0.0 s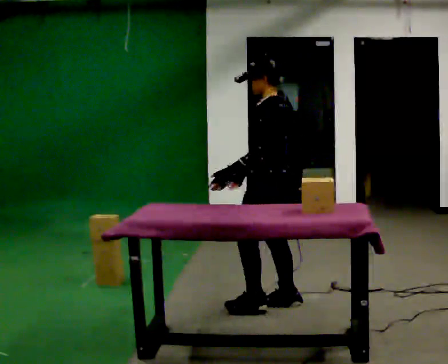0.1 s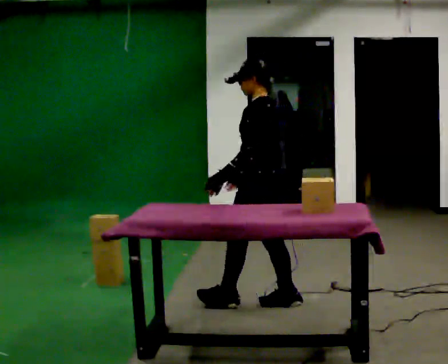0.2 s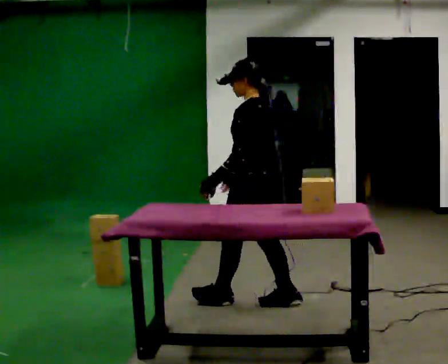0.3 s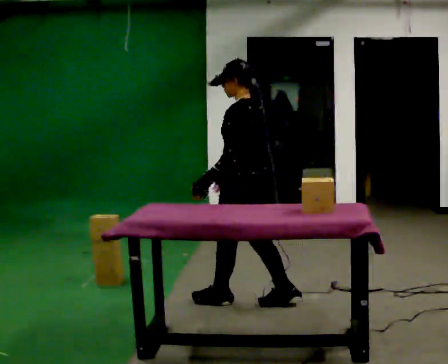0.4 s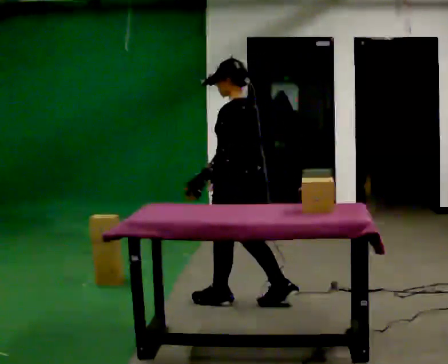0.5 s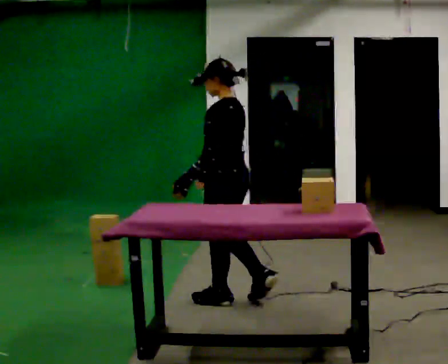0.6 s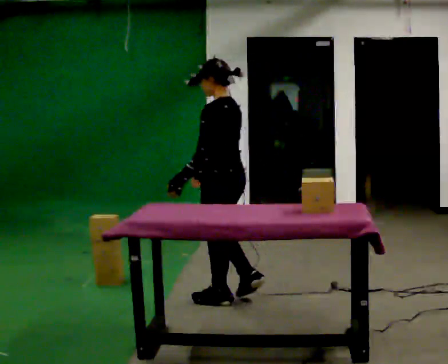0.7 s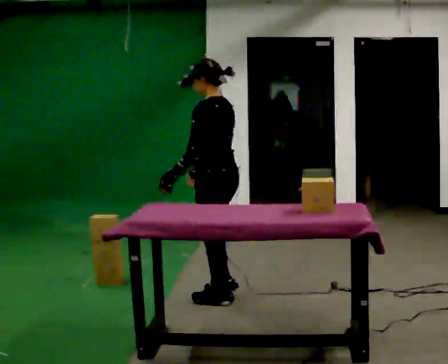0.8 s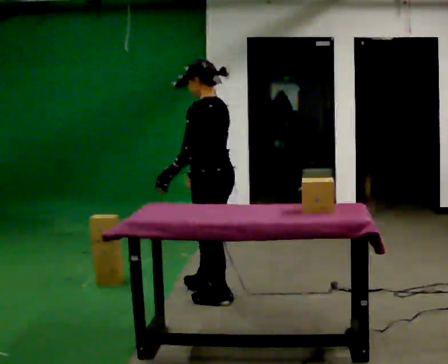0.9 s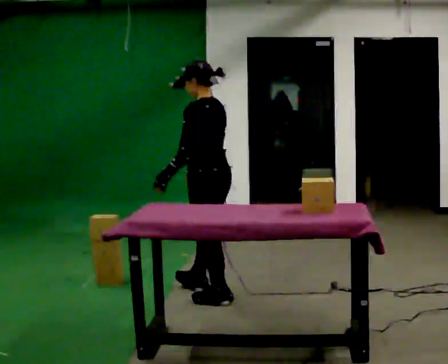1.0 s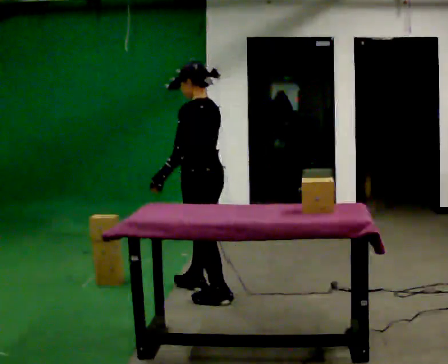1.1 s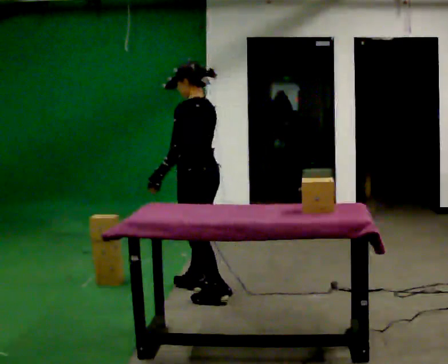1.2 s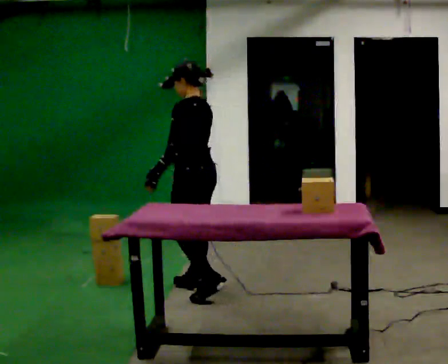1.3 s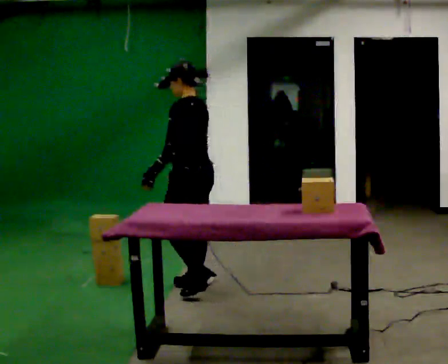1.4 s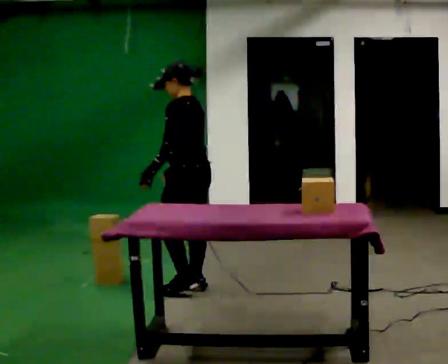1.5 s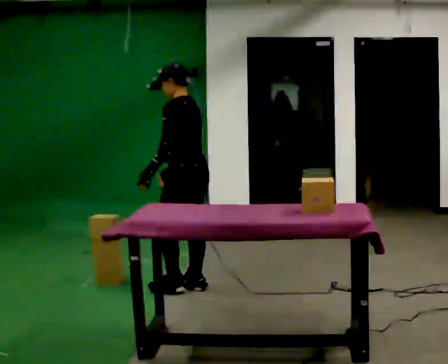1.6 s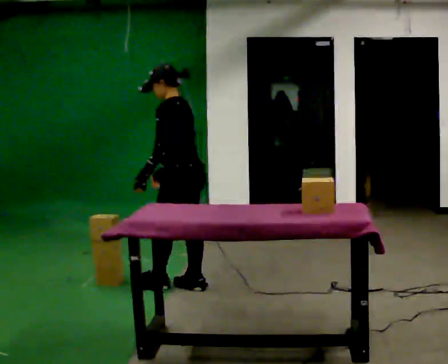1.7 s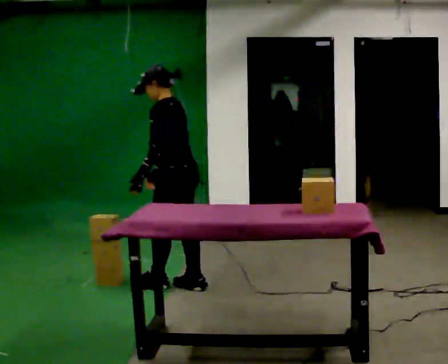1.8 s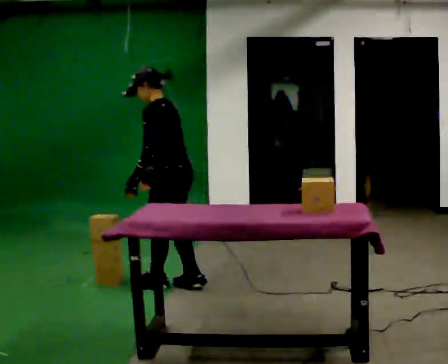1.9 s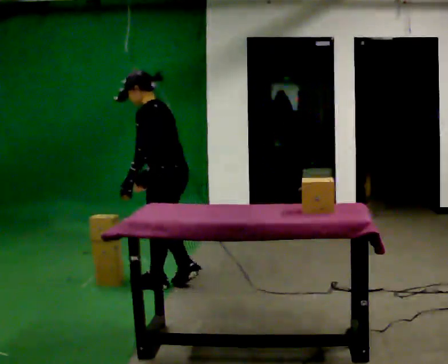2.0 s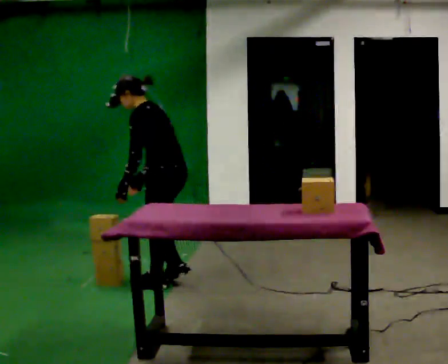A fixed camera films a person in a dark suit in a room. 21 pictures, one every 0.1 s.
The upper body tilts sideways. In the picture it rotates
counterclockwise.
0.0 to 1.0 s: In the picture they go to the left and away from the camera, about 0.5 m in 2 steps, which for them is forward.
1.0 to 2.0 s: In the picture they go to the left and away from the camera, about 0.25 m in 1 step, which for them is forward. In the picture the upper body tilts counterclockwise, shoulders to the left, as they bend forward.
The film runs forward here.
